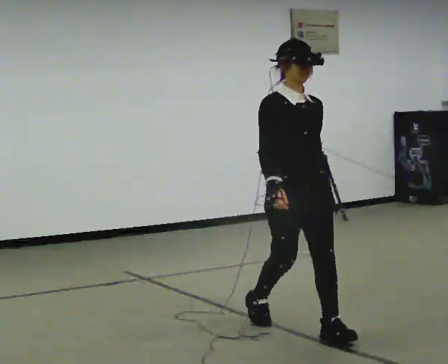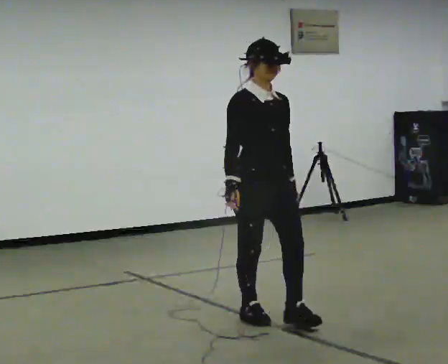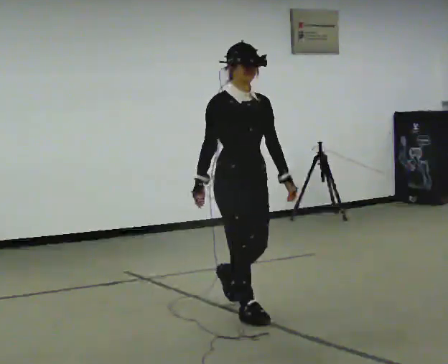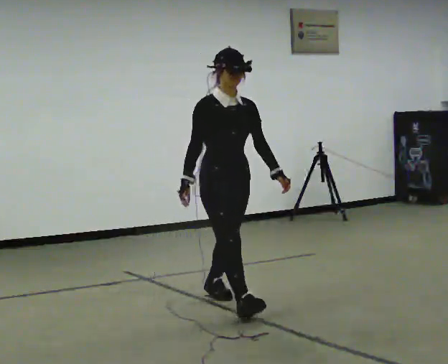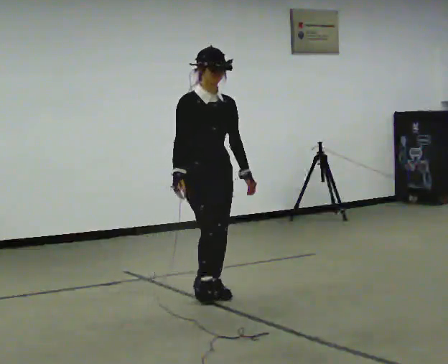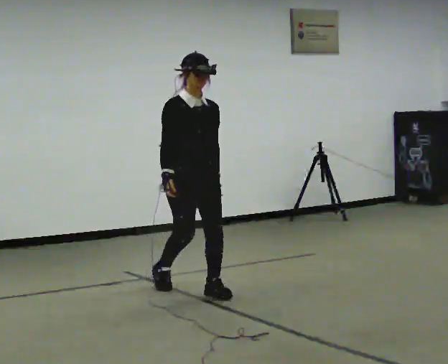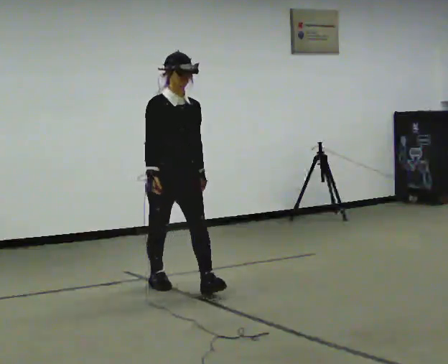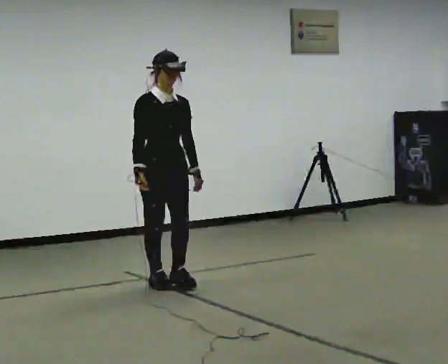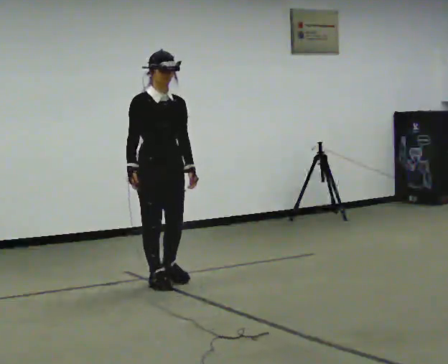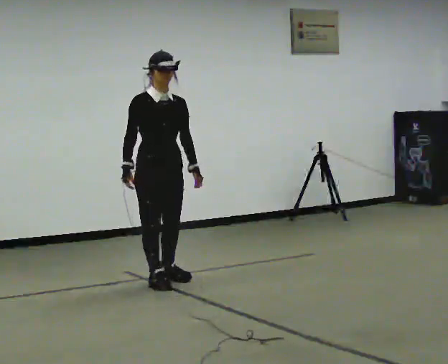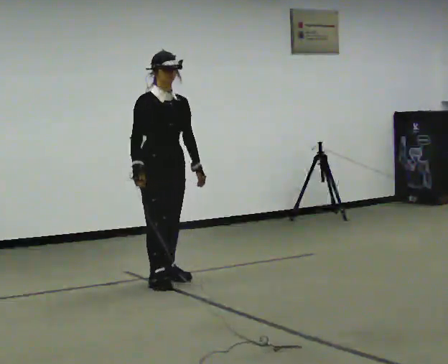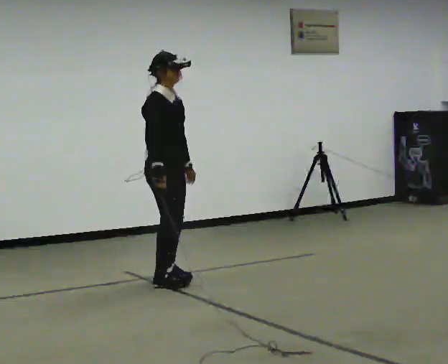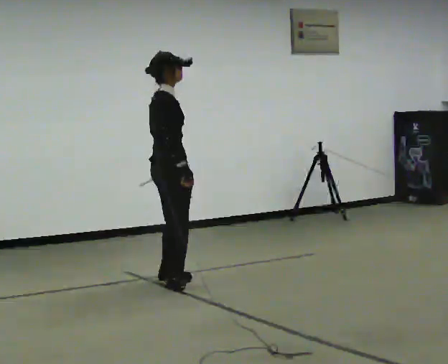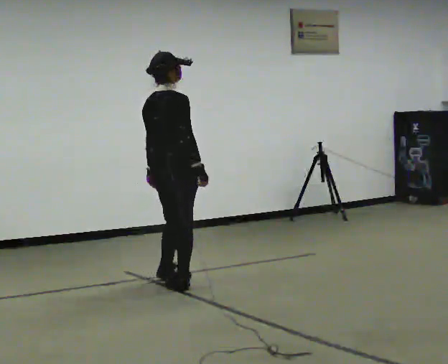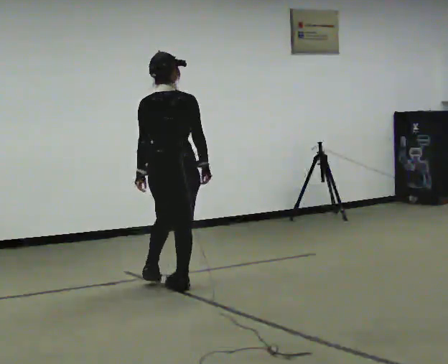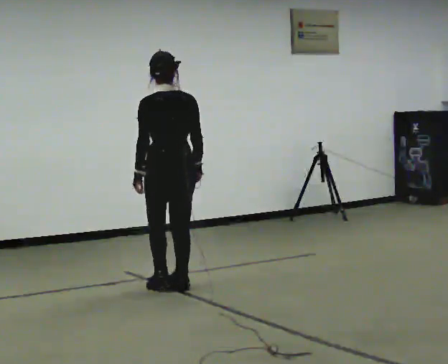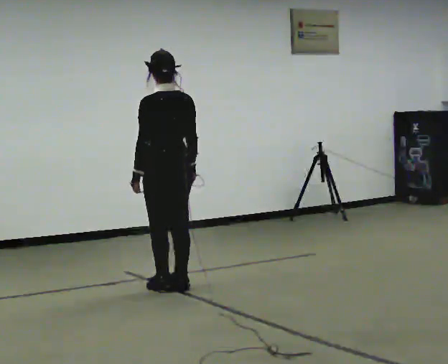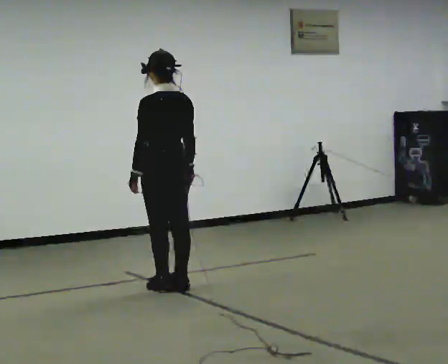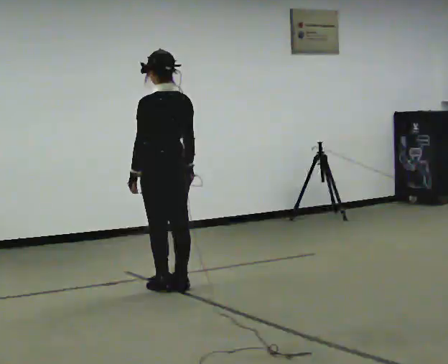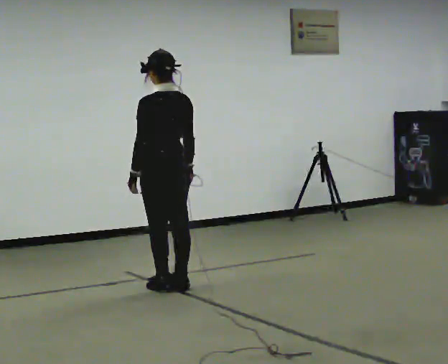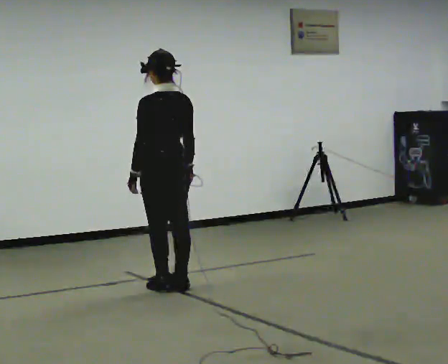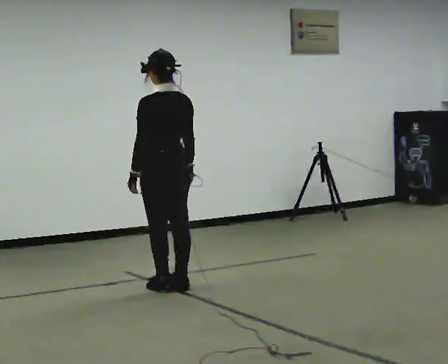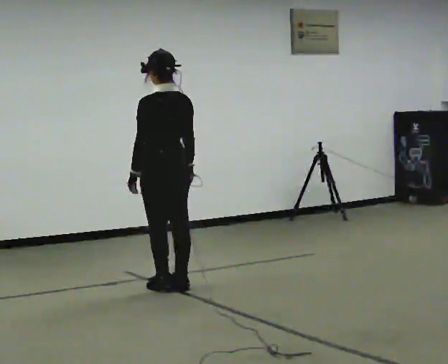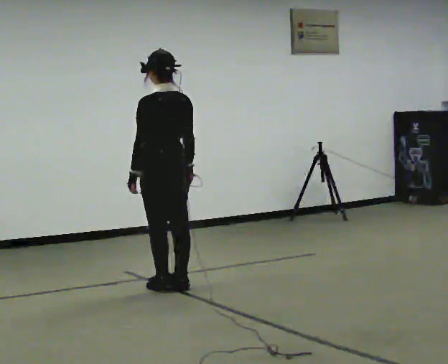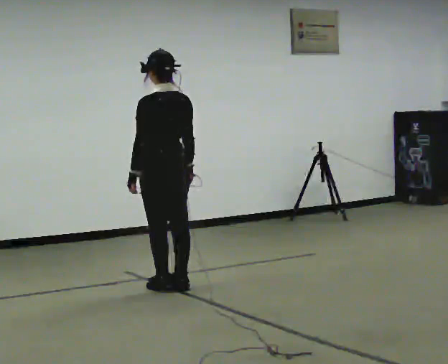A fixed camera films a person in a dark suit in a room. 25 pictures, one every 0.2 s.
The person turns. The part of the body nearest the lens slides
to the right.
The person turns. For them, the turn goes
to their left.
0.0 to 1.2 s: In the picture they go away from the camera and to the left, about 1.5 m in 3 steps, which for them is backward.
1.2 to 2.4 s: Seen from above the body turns counterclockwise, about 75 degrees: to their left, with its near side sliding to the right. In the picture they go away from the camera, about 0.25 m in 1 step.
2.4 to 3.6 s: The person turns about 120 degrees to their left, counterclockwise seen from above, so the part of the body nearest the lens slides to the right. In the picture they go toward the camera, about 0.25 m in 1 step.
3.6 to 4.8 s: The person keeps their place and pose.
The film runs backward here.
